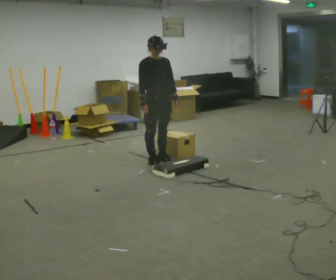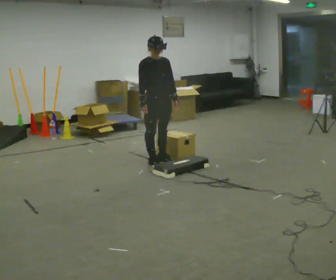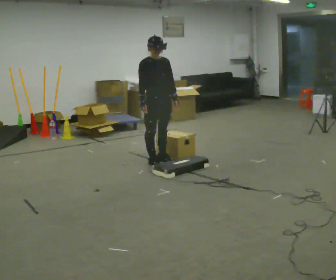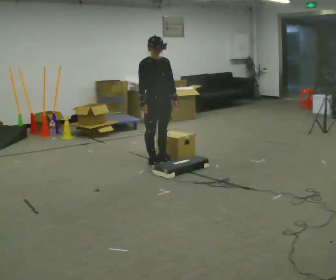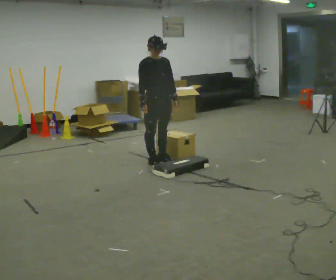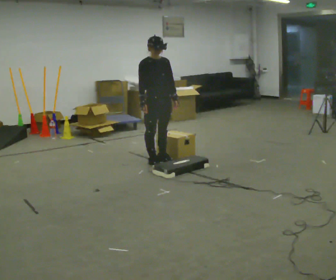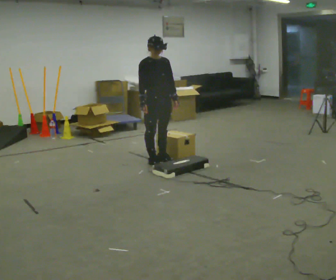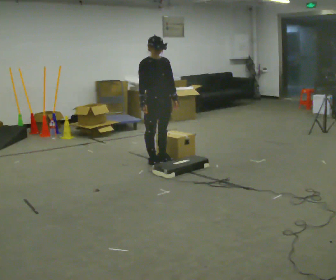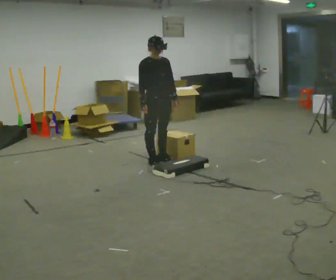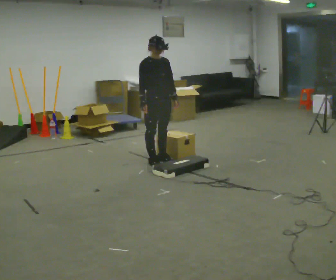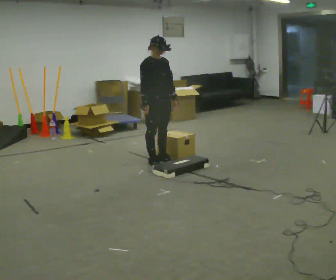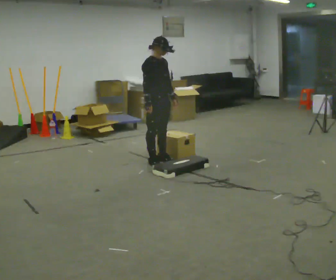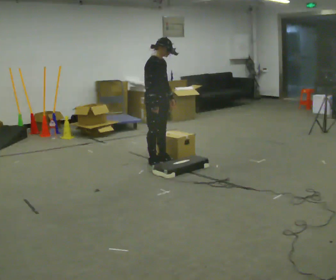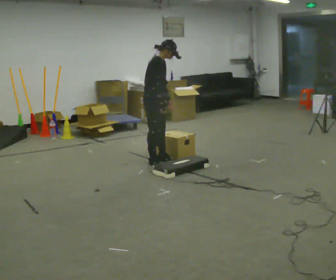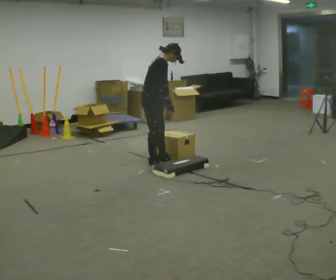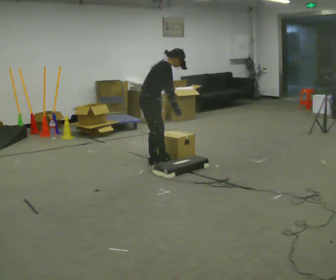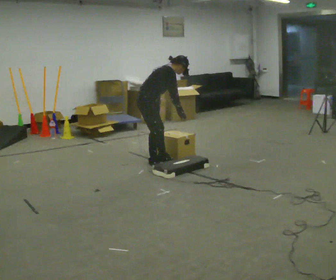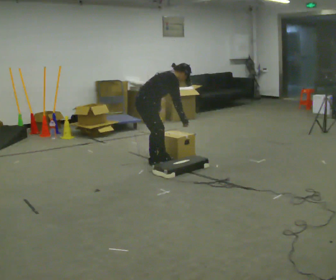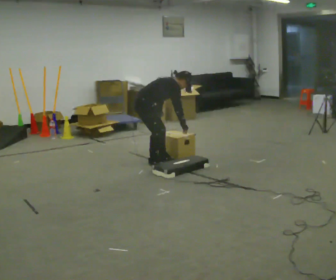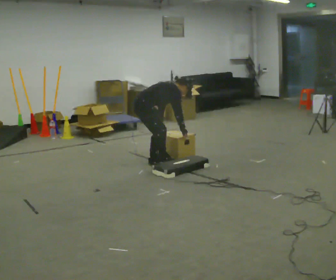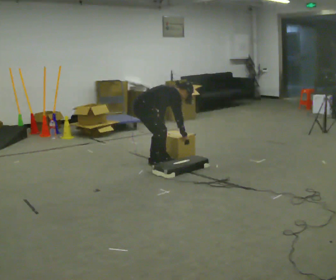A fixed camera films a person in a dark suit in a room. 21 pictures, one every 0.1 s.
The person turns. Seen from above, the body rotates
counterclockwise.
The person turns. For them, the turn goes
to their left.
0.0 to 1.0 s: The person moves a little, or ends about where they began.
1.0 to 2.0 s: The part of the body nearest the lens slides to the right as the person turns to their left by about 45 degrees. In the picture they go to the left, about 0.25 m, which for them is backward. The upper body goes downward. In the picture the upper body tilts clockwise, shoulders to the right, as they bend forward. In the picture their left hand goes downward.
The film runs forward here.
